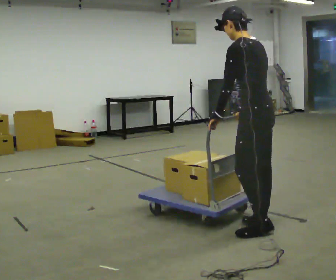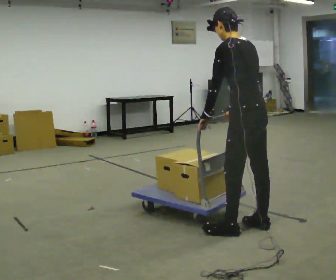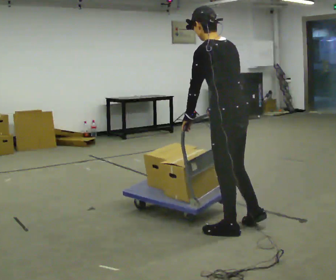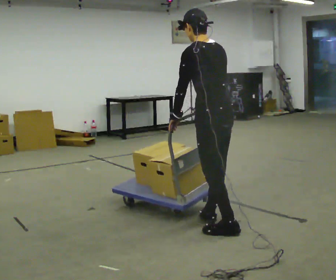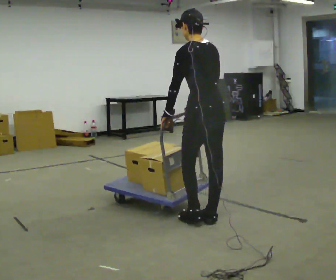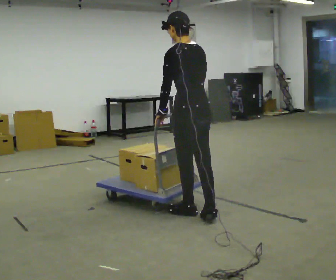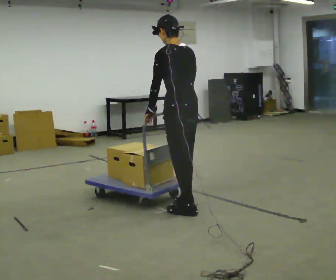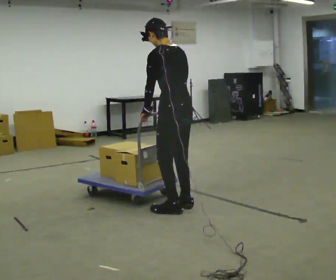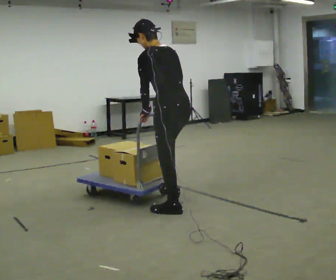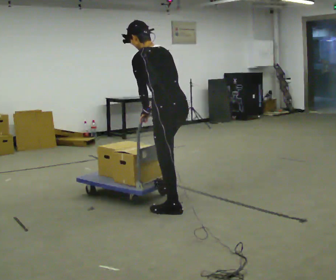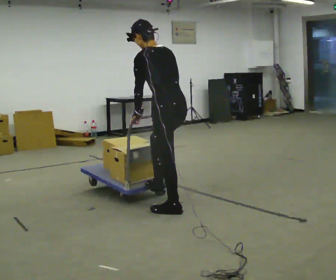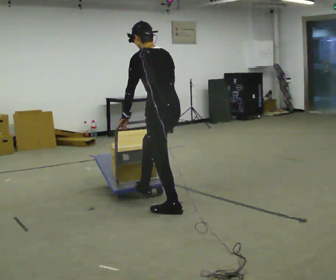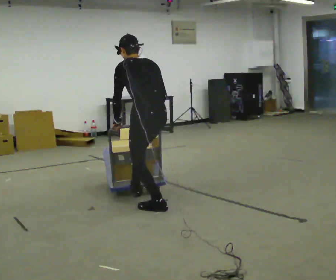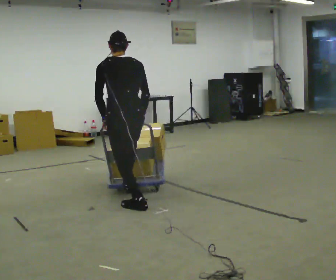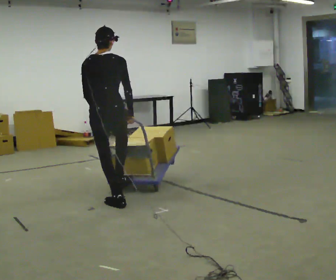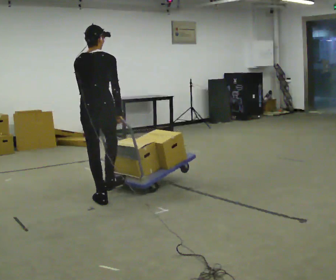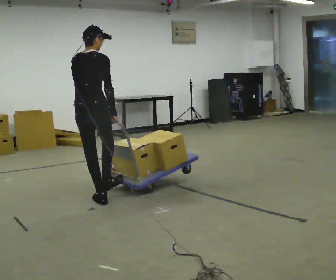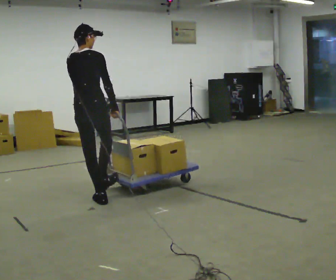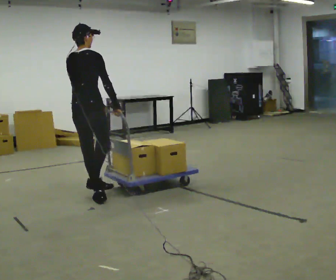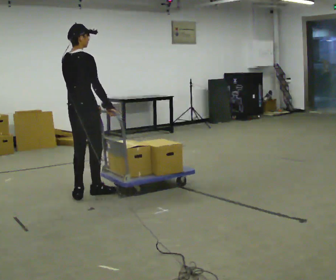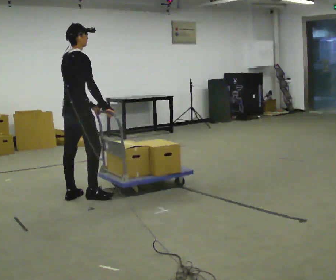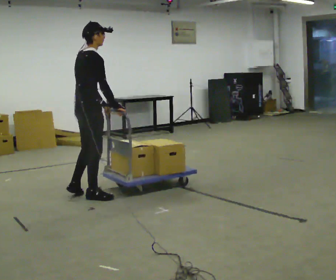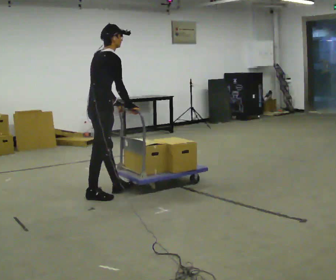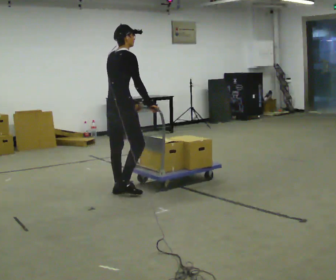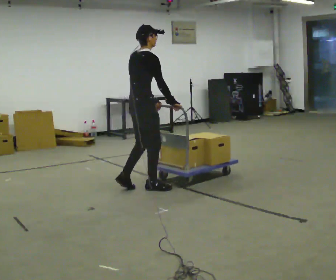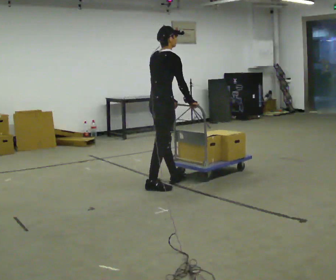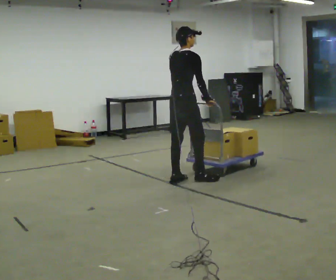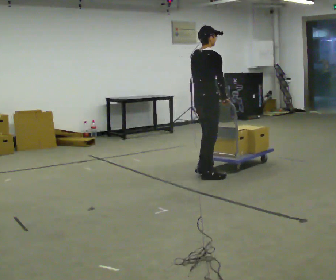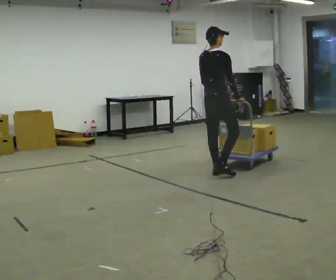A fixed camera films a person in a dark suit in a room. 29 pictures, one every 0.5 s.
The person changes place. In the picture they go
away from the camera.
0.0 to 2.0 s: In the picture they go to the left and away from the camera, about 0.5 m in 2 steps, which for them is forward.
2.0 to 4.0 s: In the picture they go away from the camera and to the left, about 0.25 m in 2 steps, which for them is forward.
4.0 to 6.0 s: In the picture they go to the left, about 0.25 m in 2 steps, which for them is forward.
6.0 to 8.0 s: Seen from above the body turns clockwise, about 45 degrees: to their right, with its near side sliding to the left. In the picture they go to the left and away from the camera, about 0.75 m in 5 steps, which for them is to their left and forward. In the picture the upper body tilts clockwise, shoulders to the right.
8.0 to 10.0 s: Seen from above the body turns clockwise, about 30 degrees: to their right, with its near side sliding to the left. In the picture they go away from the camera and to the left, about 0.25 m in 2 steps, which for them is to their left and forward.
10.0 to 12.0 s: In the picture they go to the right, about 0.75 m in 2 steps, which for them is forward.
12.0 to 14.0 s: In the picture they go to the right and away from the camera, about 1 m in 3 steps, which for them is forward.
The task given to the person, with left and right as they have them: Push the cart along the marked route and round the corner to the side the operator calls.
The film runs forward here.
